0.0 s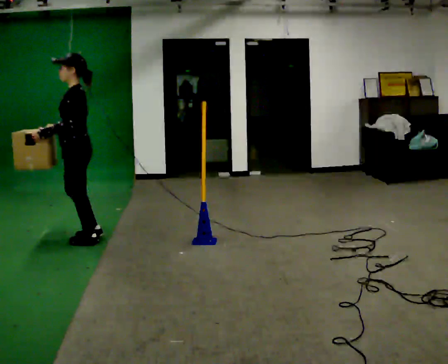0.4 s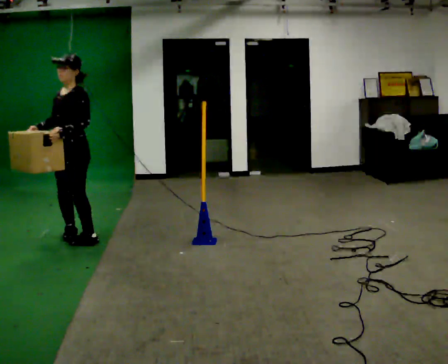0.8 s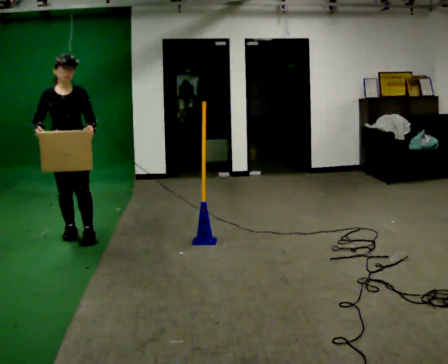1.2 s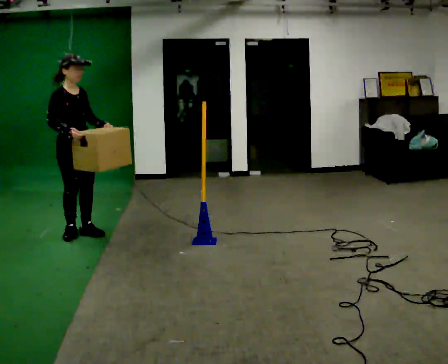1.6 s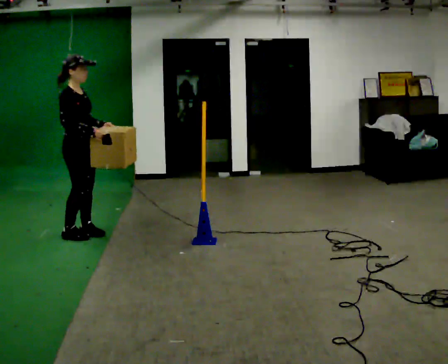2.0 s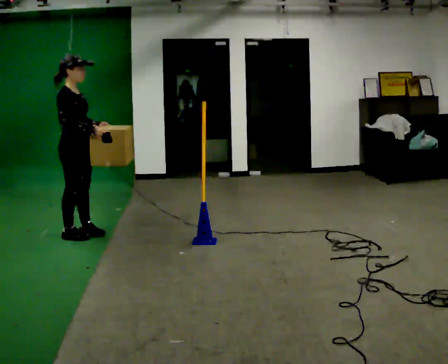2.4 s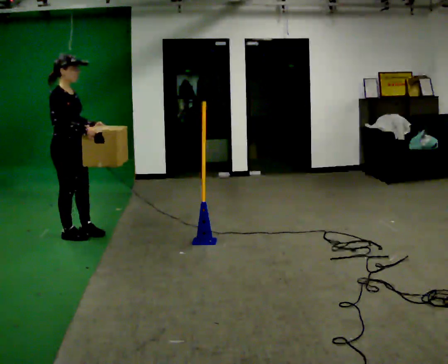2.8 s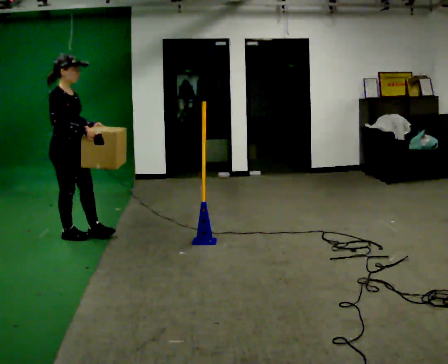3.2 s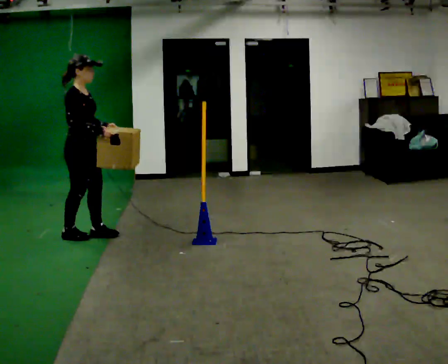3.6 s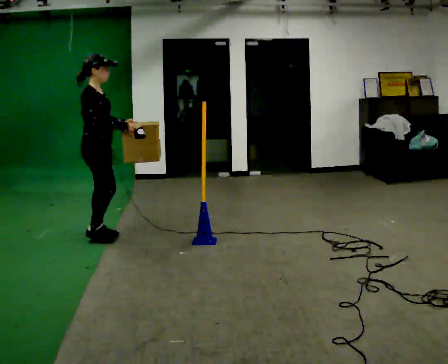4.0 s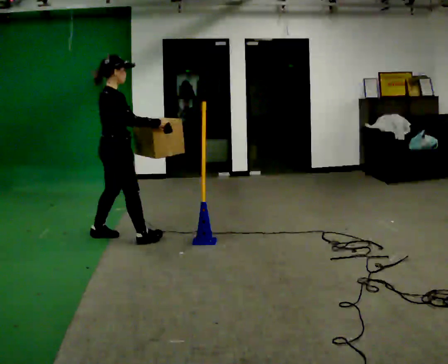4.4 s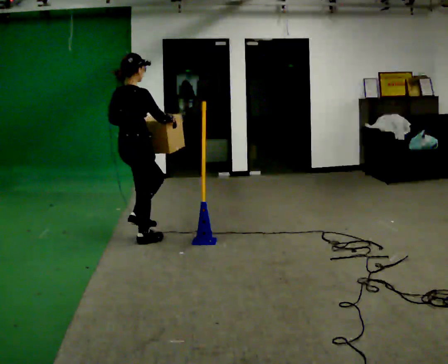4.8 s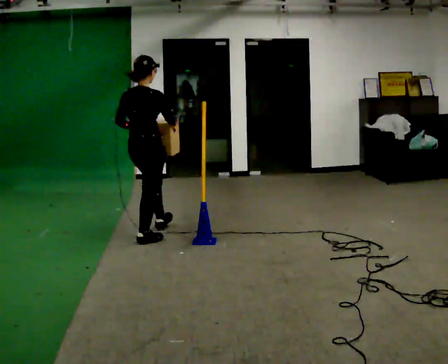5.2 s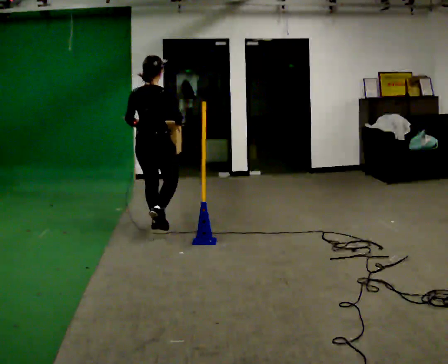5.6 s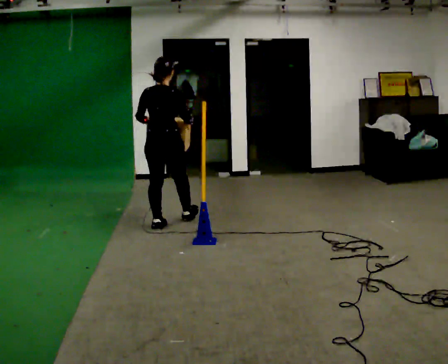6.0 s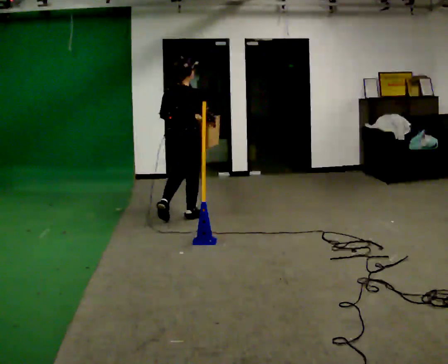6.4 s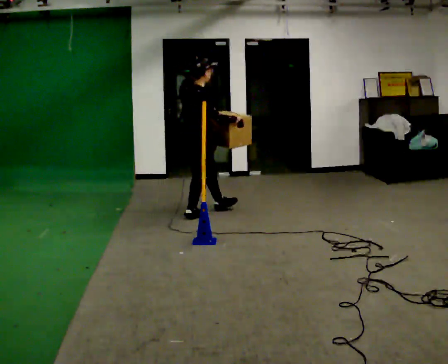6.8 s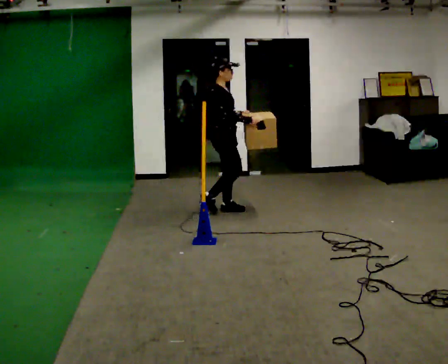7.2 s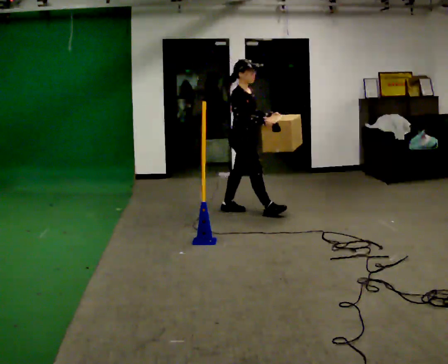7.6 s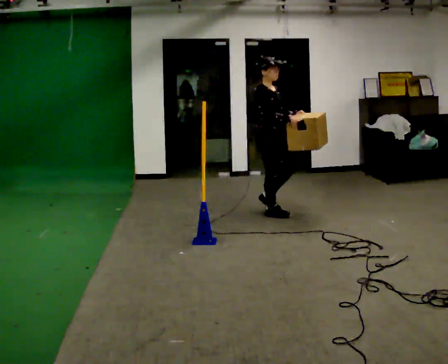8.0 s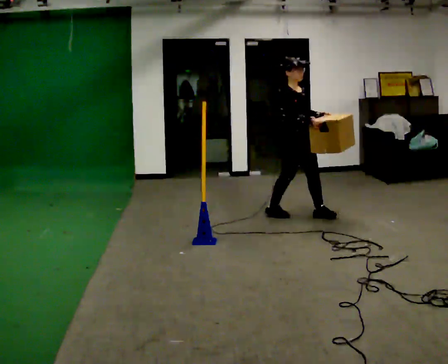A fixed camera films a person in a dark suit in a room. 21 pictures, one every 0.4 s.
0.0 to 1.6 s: The person turns about 165 degrees to their left, counterclockwise seen from above, so the part of the body nearest the lens slides to the right. In the picture they go away from the camera, about 0.25 m in 2 steps. In the picture their left hand goes to the right.
1.6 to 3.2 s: The person moves a little, or ends about where they began.
3.2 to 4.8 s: Seen from above the body turns counterclockwise, about 60 degrees: to their left, with its near side sliding to the right. In the picture they go to the right, about 0.5 m in 1 step.
4.8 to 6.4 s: The part of the body nearest the lens slides to the left as the person turns to their right by about 30 degrees. In the picture they go to the right and away from the camera, about 1 m in 2 steps, which for them is forward.
6.4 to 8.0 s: The person turns about 60 degrees to their right, clockwise seen from above, so the part of the body nearest the lens slides to the left. In the picture they go to the right and toward the camera, about 1 m in 3 steps.
The film runs forward here.
